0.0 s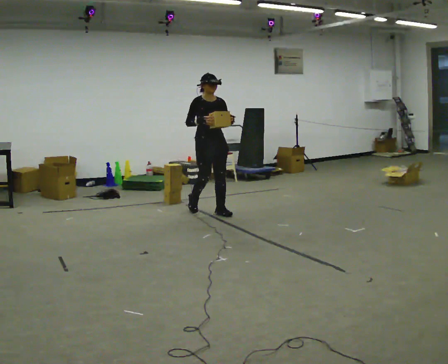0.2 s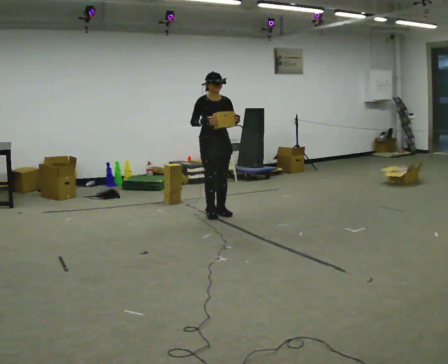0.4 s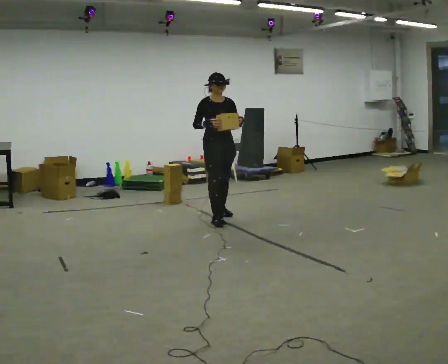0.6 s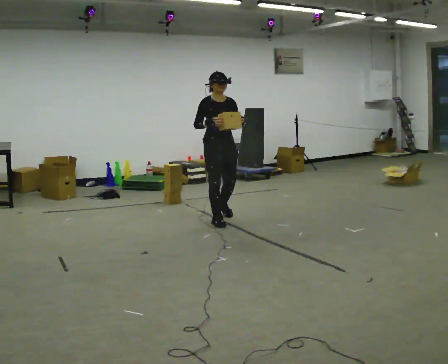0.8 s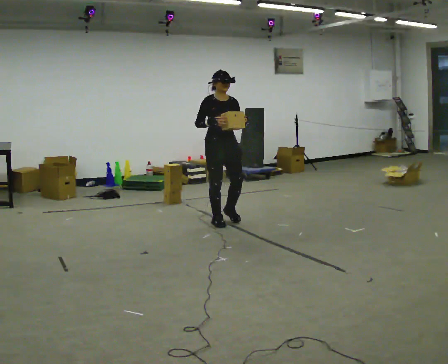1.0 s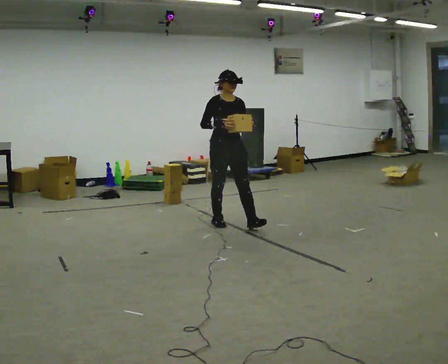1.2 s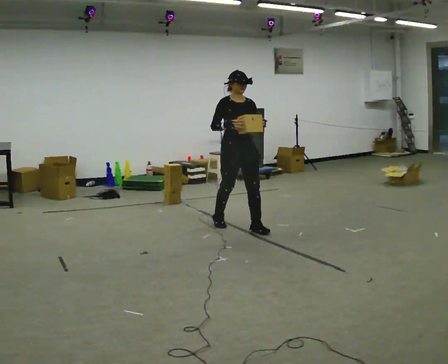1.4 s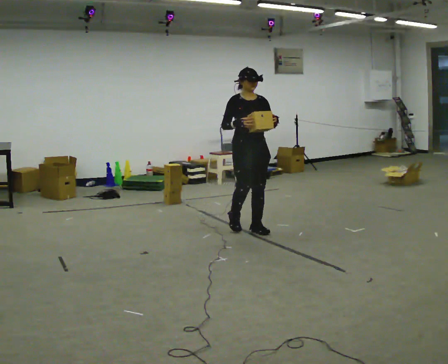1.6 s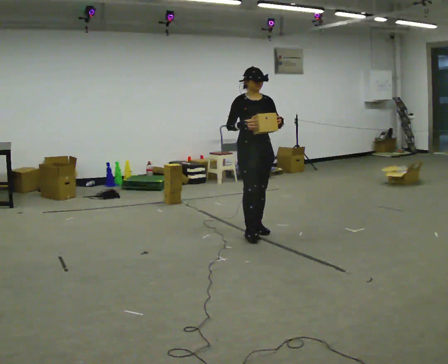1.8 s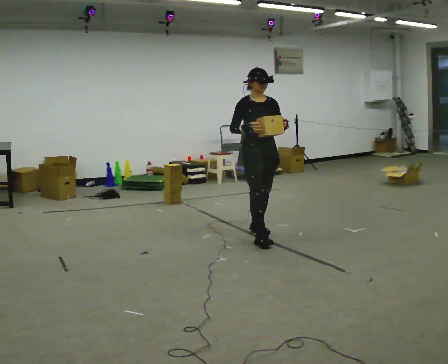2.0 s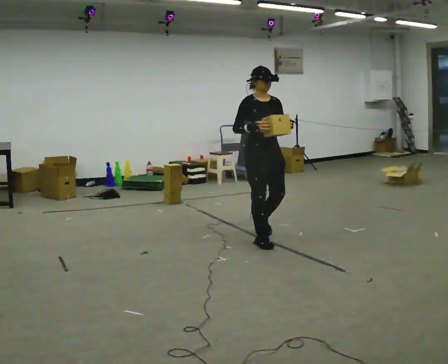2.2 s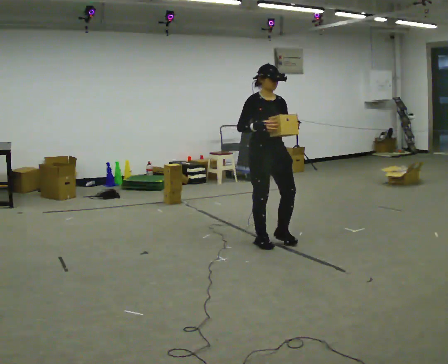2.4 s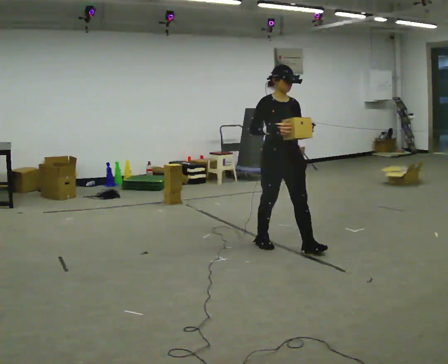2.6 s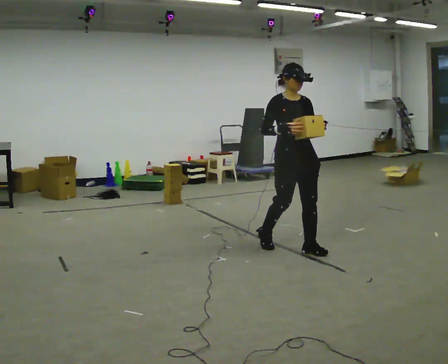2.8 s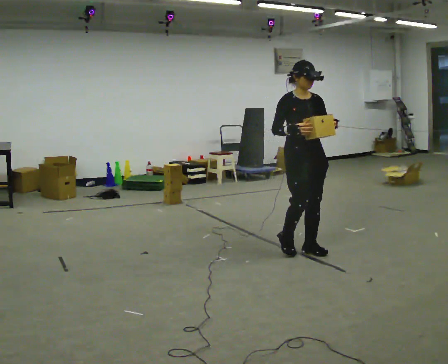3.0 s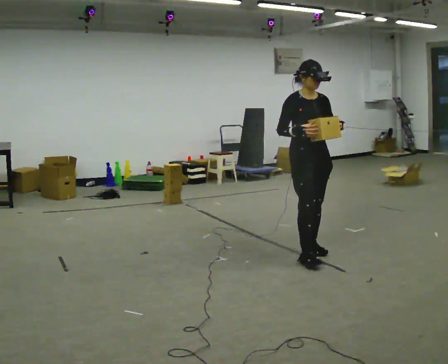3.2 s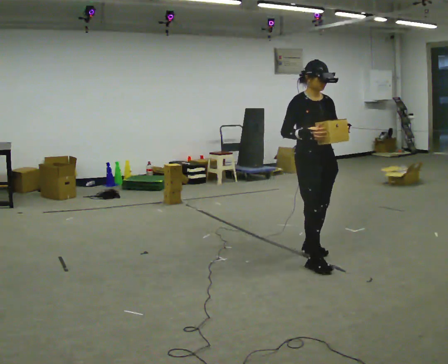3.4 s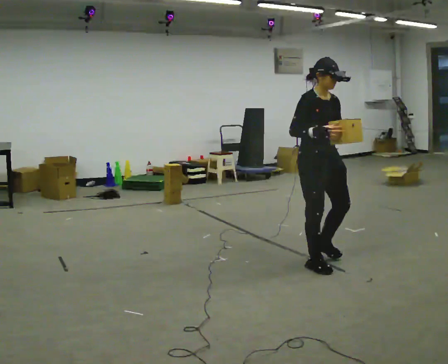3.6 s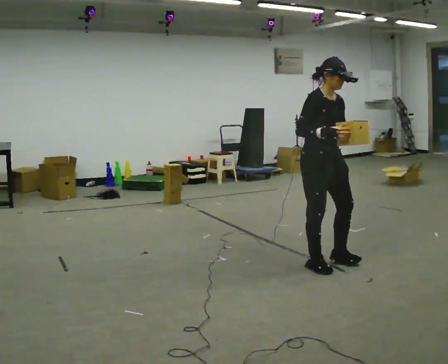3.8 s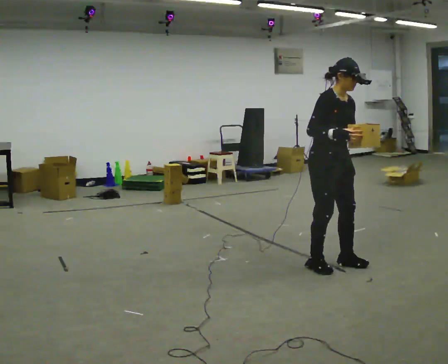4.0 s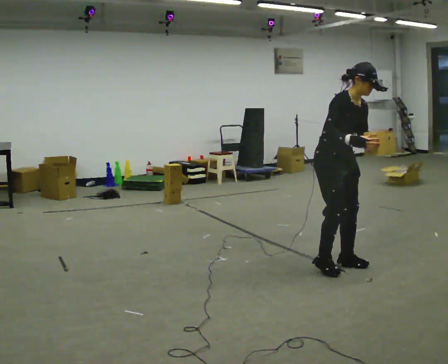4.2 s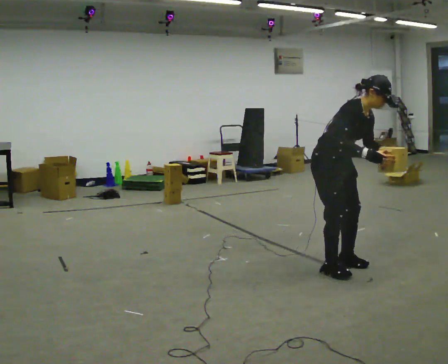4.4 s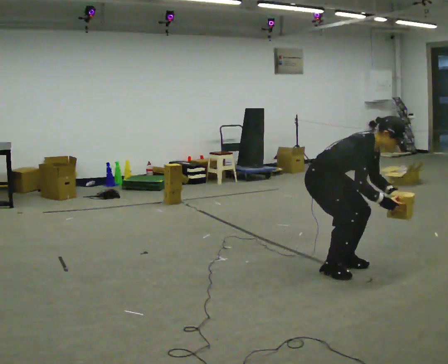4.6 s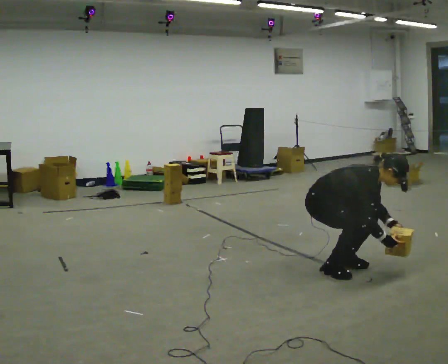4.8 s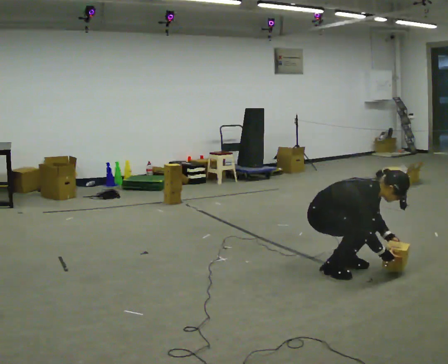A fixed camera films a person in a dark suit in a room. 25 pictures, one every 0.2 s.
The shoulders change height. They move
downward.
Their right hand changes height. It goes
downward.
0.0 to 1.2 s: In the picture they go toward the camera and to the right, about 0.5 m in 2 steps, which for them is forward.
1.2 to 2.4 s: In the picture they go toward the camera and to the right, about 1 m in 2 steps, which for them is forward.
2.4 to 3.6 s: In the picture they go toward the camera and to the right, about 0.5 m in 1 step, which for them is forward.
3.6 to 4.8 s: The shoulders move downward. In the picture the upper body tilts clockwise, shoulders to the right, as they bend forward. In the picture their left hand goes downward.
The film runs forward here.
